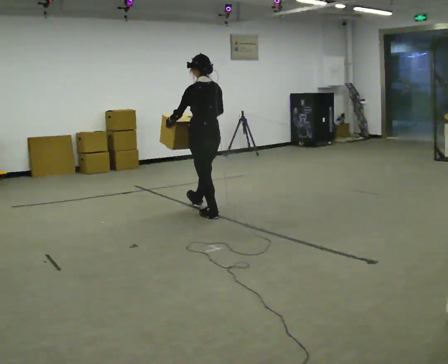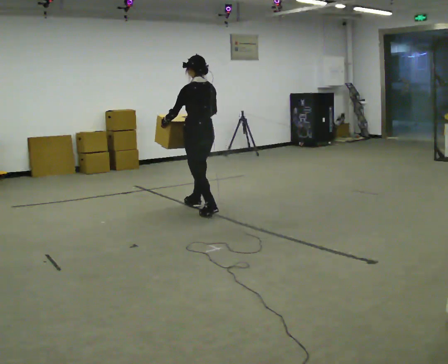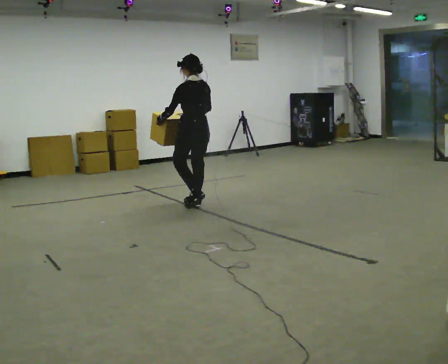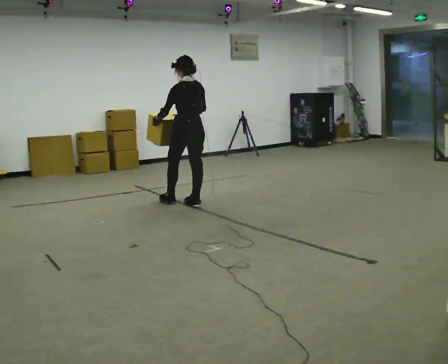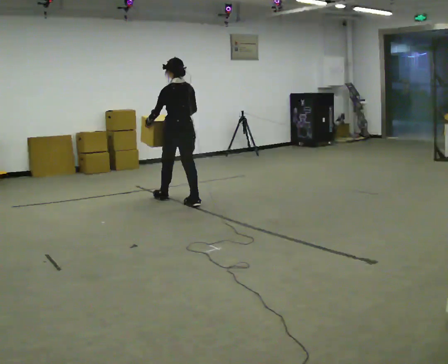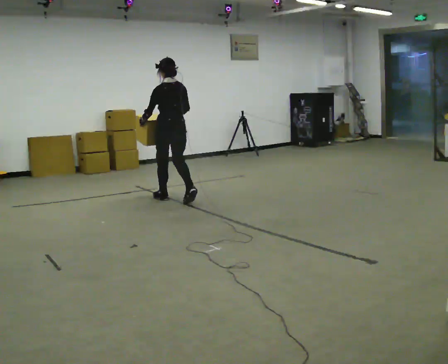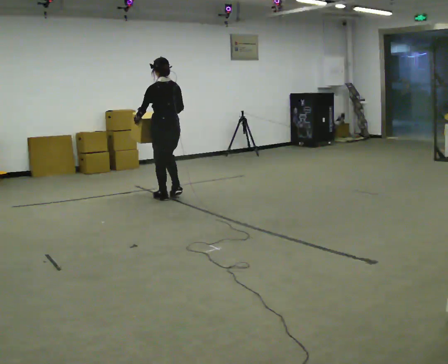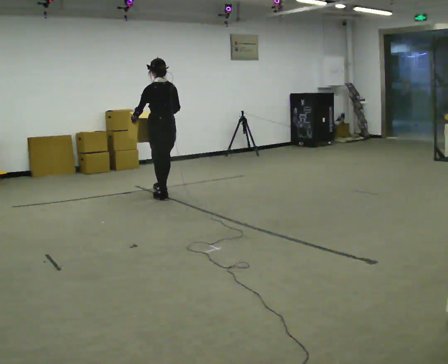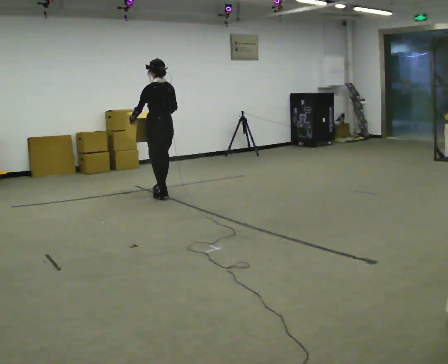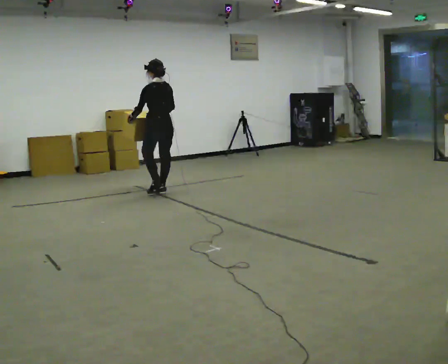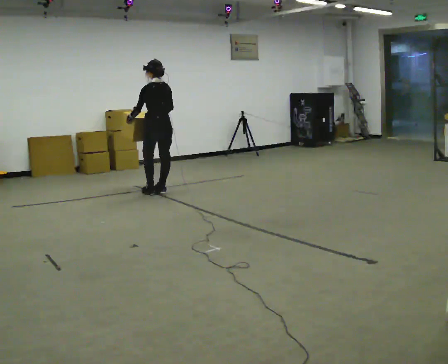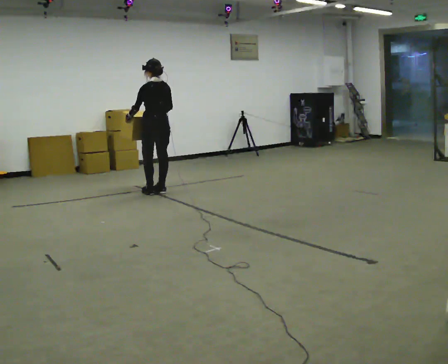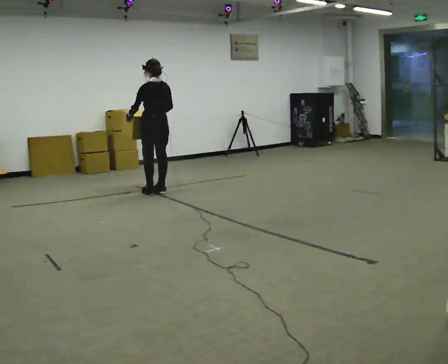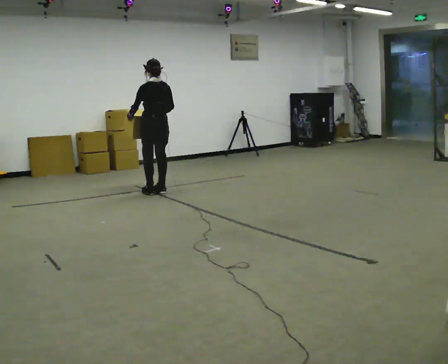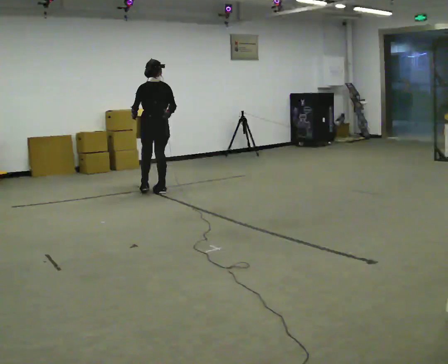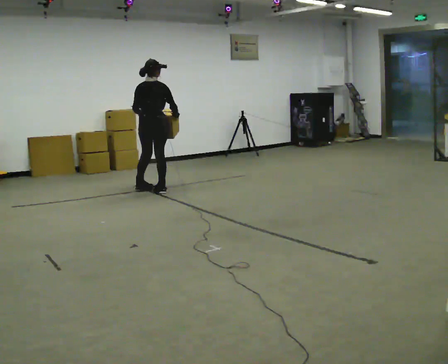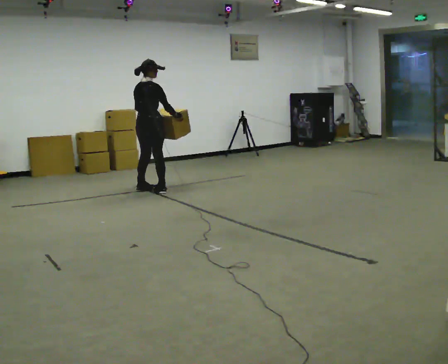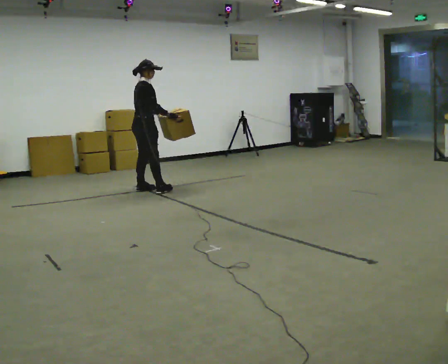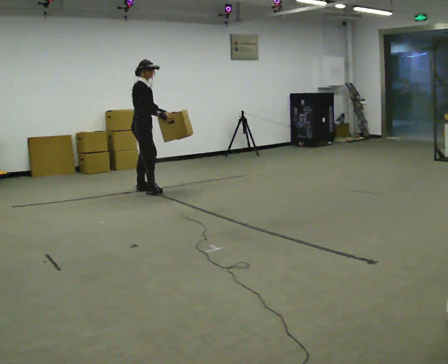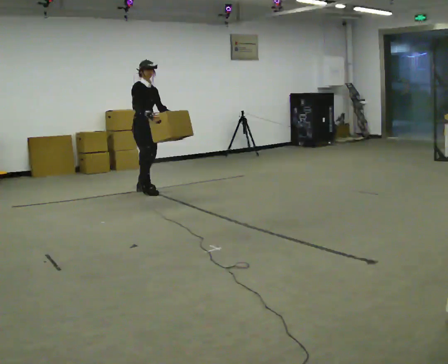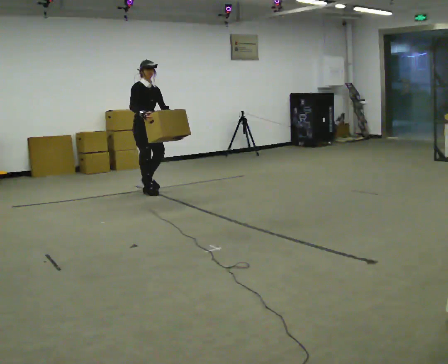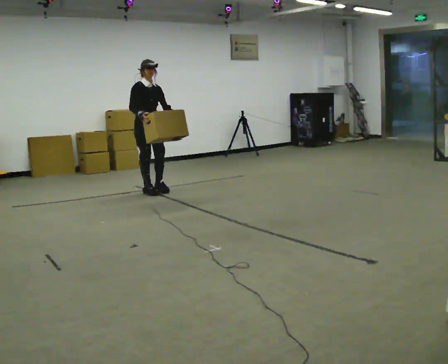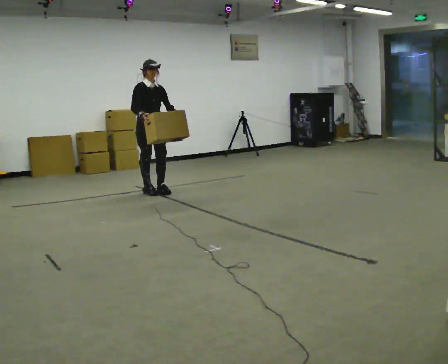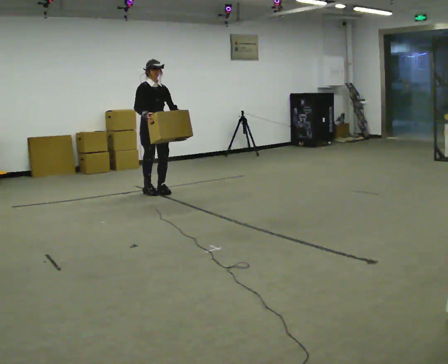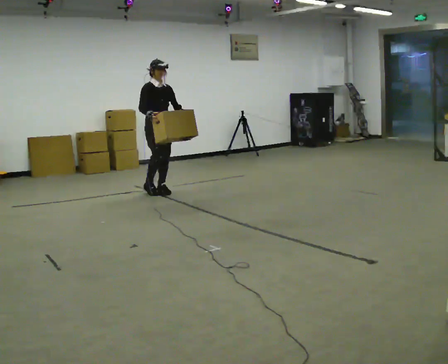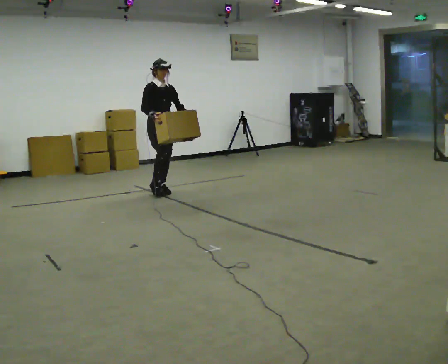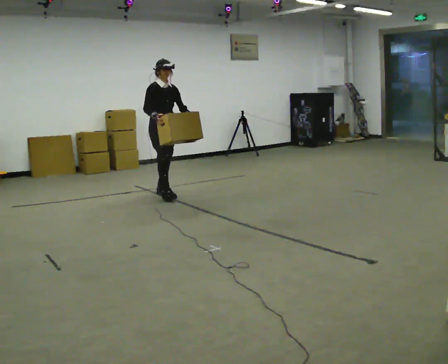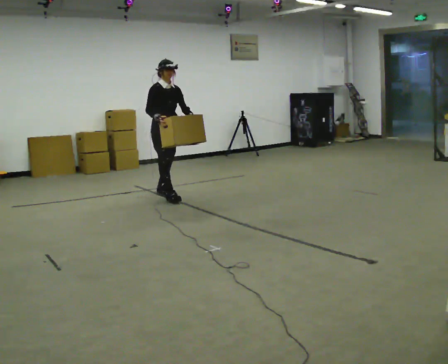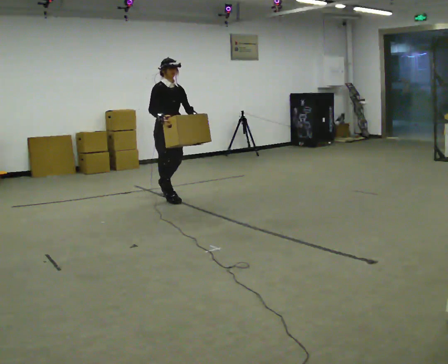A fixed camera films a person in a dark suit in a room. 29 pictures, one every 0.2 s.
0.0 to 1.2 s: In the picture they go away from the camera and to the left, about 1 m in 2 steps, which for them is forward.
1.2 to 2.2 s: In the picture they go away from the camera, about 0.5 m in 2 steps, which for them is forward.
2.2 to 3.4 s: Seen from above the body turns clockwise, about 105 degrees: to their right, with its near side sliding to the left. In the picture they go to the left, about 0.25 m in 1 step. In the picture their left hand goes to the right, the arm swinging counterclockwise.
3.4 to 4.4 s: Seen from above the body turns clockwise, about 75 degrees: to their right, with its near side sliding to the left.
4.4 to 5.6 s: In the picture they go toward the camera and to the right, about 0.5 m in 1 step, which for them is forward.
The film runs forward here.
